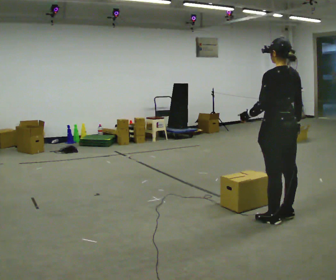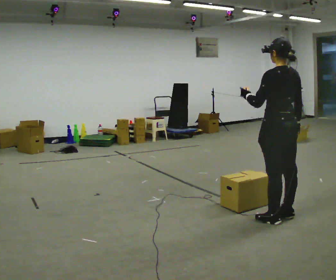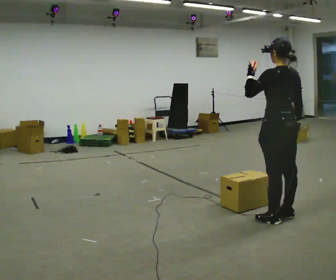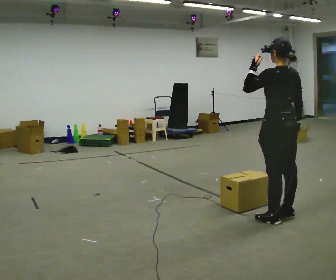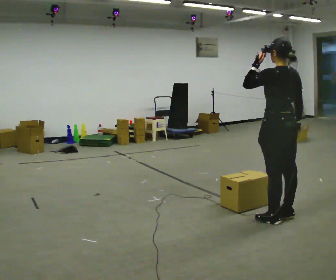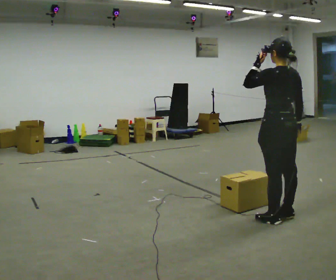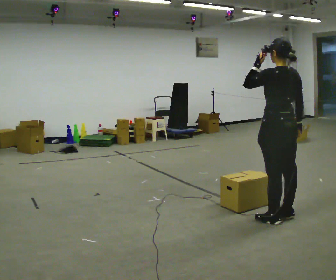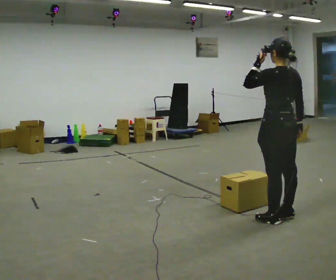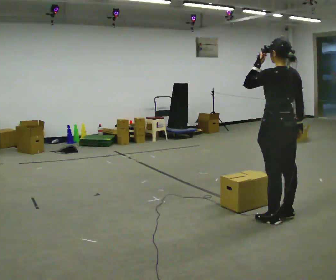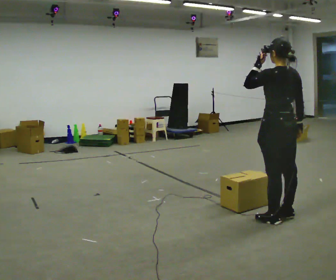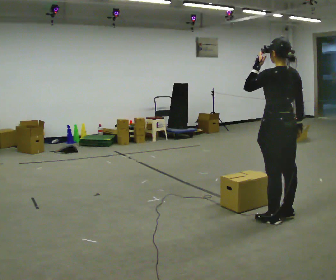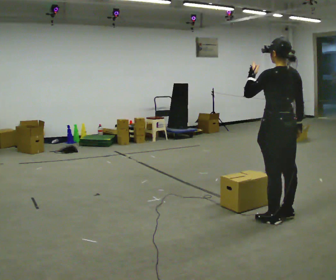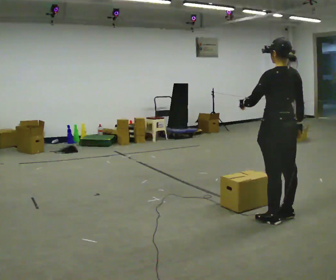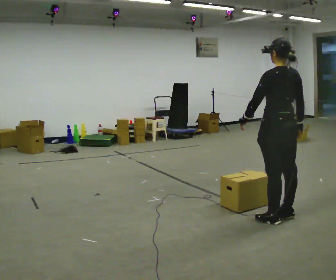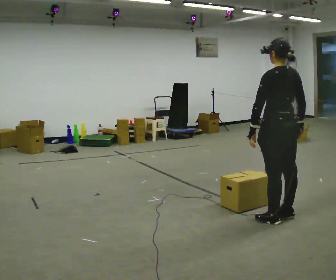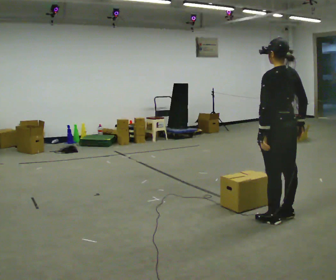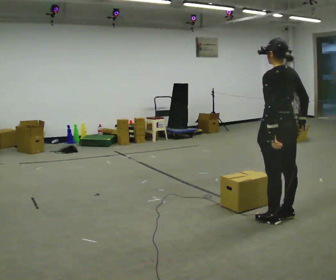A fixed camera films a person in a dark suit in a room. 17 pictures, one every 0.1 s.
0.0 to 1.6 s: The person moves a little, or ends about where they began.
The film runs forward here.
